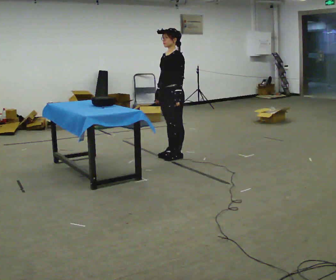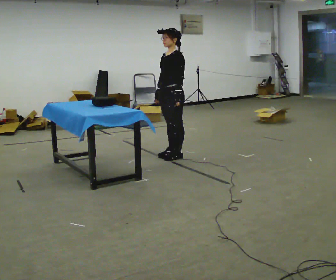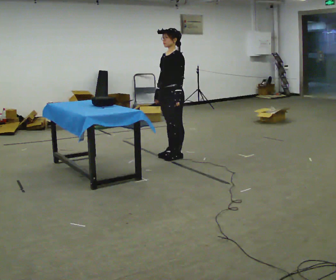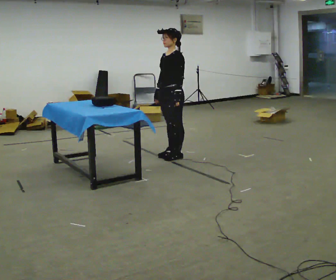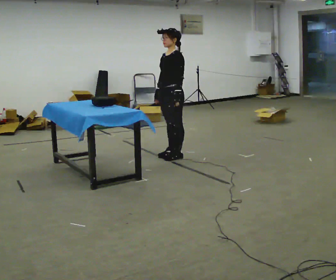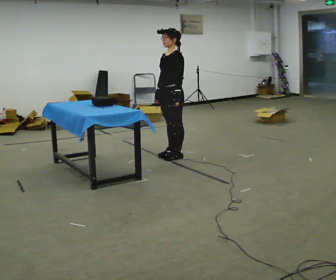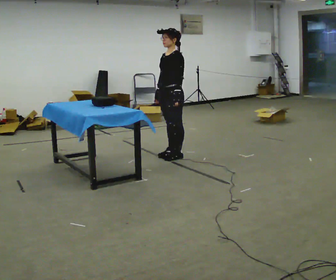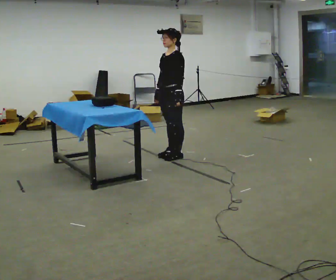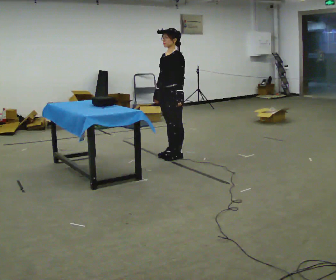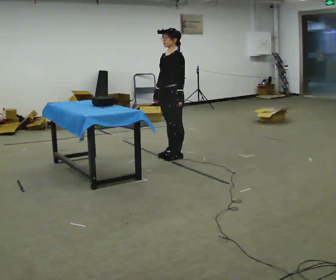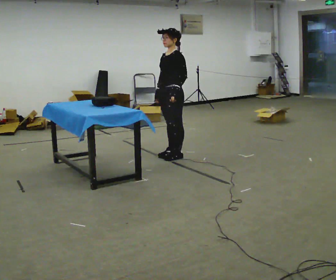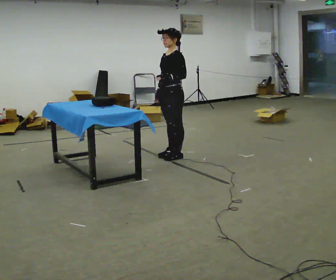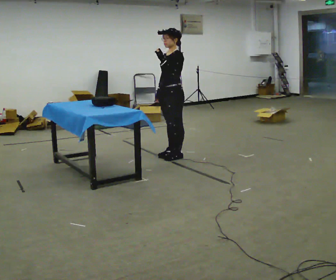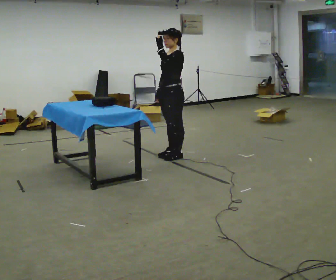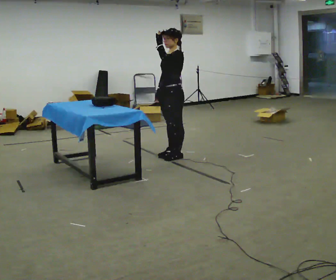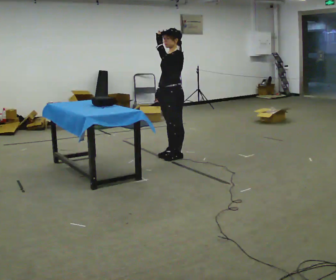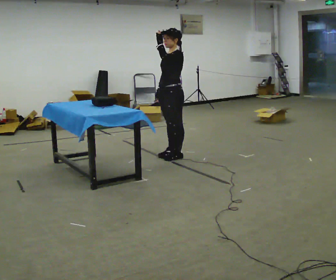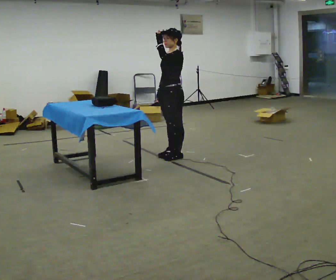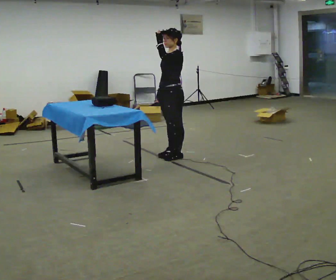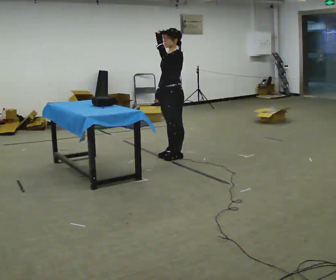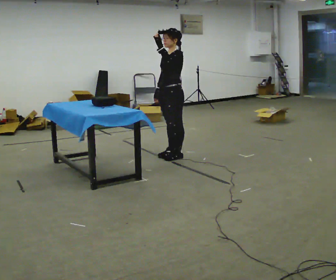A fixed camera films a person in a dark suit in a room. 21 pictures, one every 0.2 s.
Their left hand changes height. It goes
upward.
0.0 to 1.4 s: The person keeps their place and pose.
1.4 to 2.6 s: In the picture their left hand goes upward.
2.6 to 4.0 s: The person moves a little, or ends about where they began.
The film runs backward here.
